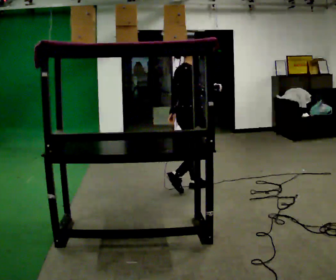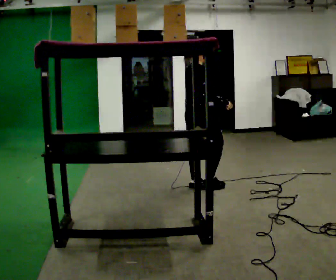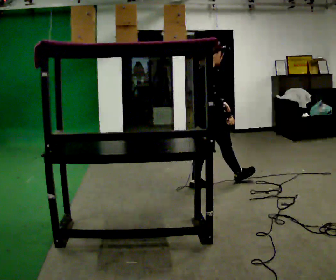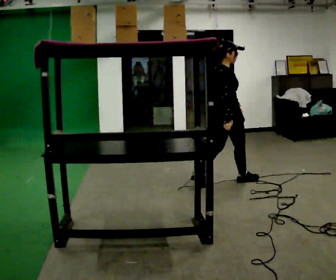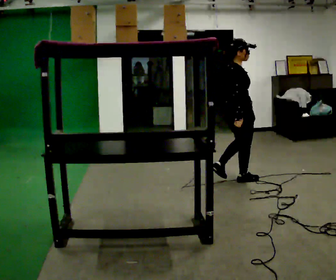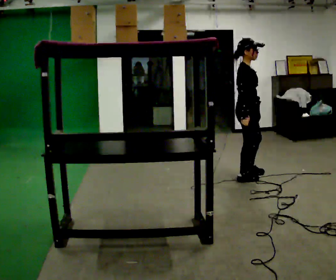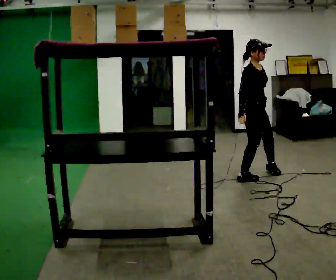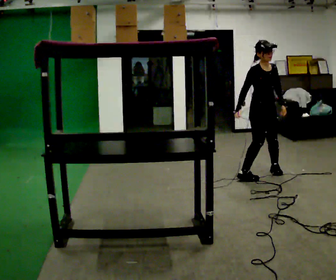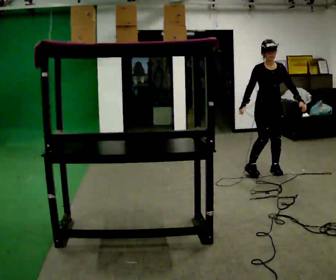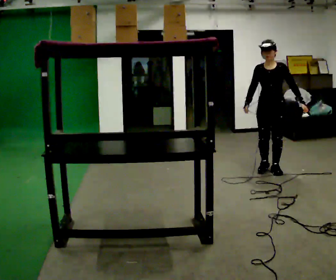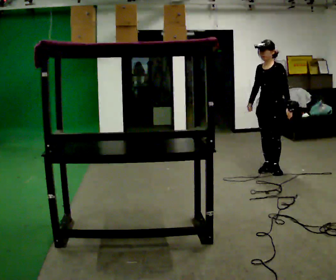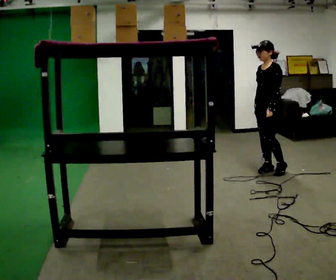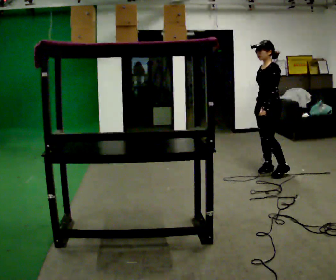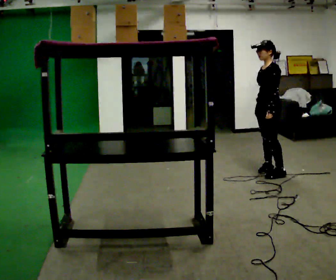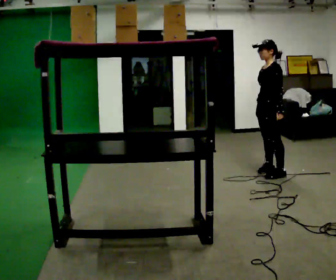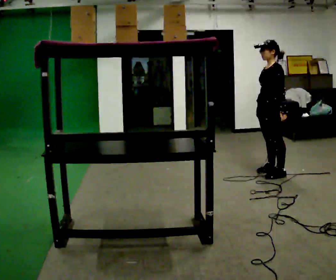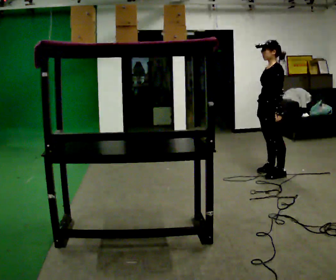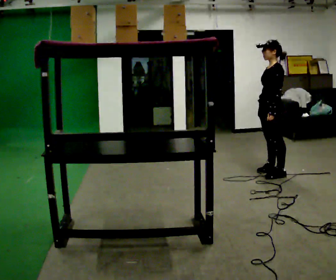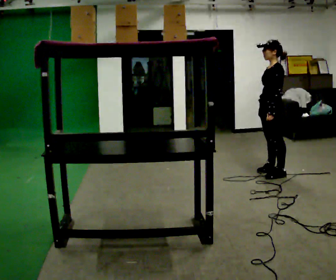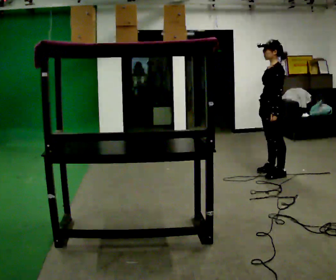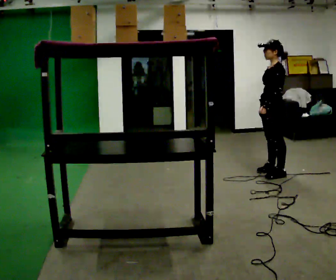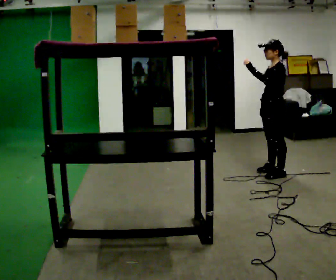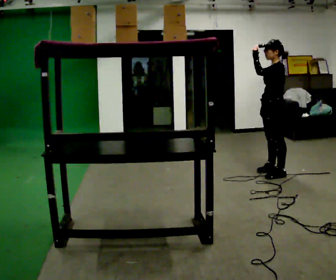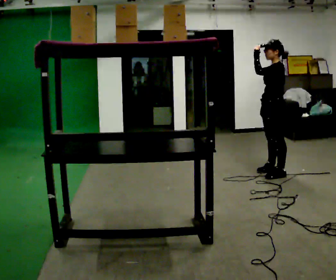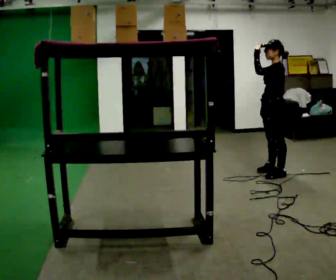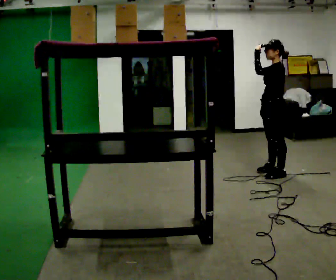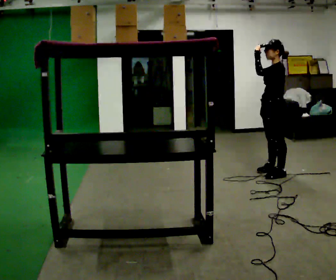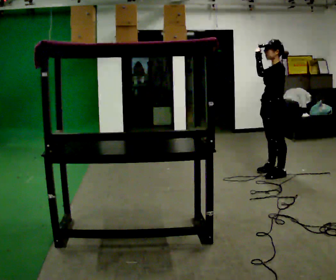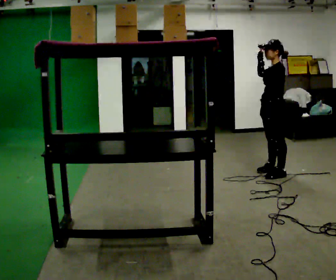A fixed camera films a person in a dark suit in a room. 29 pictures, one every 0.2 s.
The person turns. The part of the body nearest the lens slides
to the left.
The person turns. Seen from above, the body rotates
clockwise.
0.0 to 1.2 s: The part of the body nearest the lens slides to the left as the person turns to their right by about 60 degrees. In the picture they go away from the camera and to the right, about 1 m in 1 step.
1.2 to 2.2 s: The part of the body nearest the lens slides to the left as the person turns to their right by about 105 degrees. In the picture they go away from the camera, about 0.25 m in 2 steps.
2.2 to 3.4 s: The person turns about 30 degrees to their right, clockwise seen from above, so the part of the body nearest the lens slides to the left.
3.4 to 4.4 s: In the picture their left hand goes upward.
4.4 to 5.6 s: The person moves a little, or ends about where they began.
The film runs forward here.
